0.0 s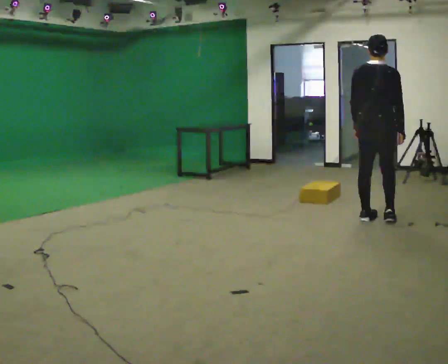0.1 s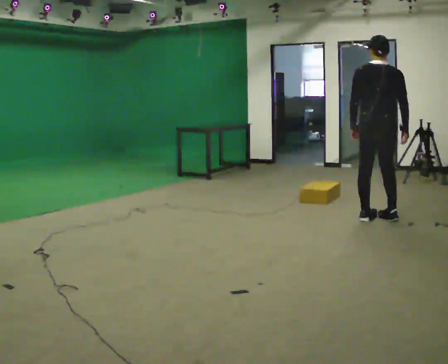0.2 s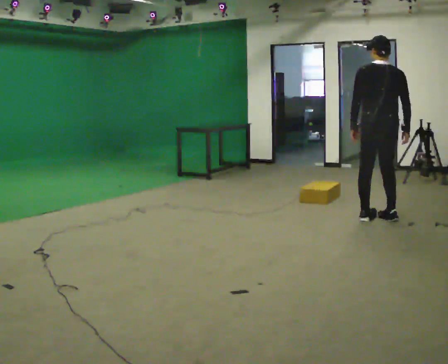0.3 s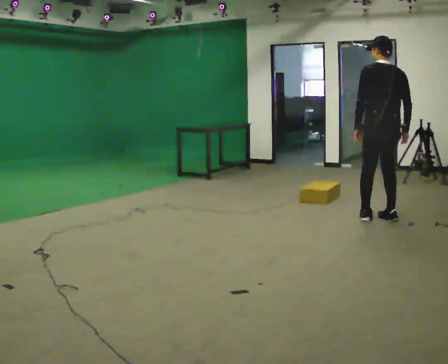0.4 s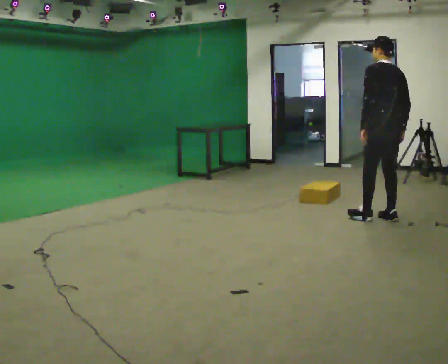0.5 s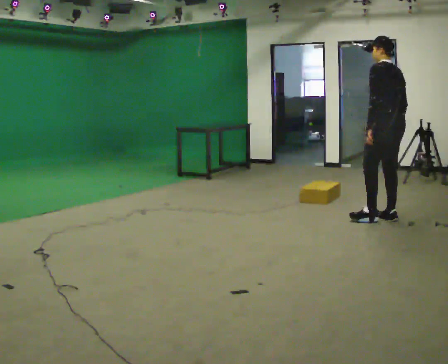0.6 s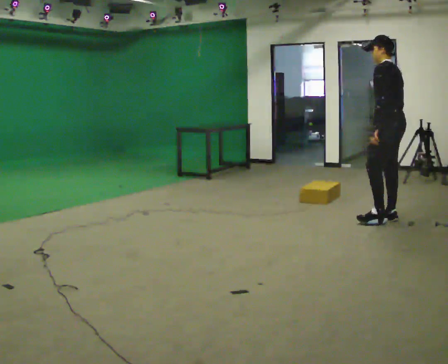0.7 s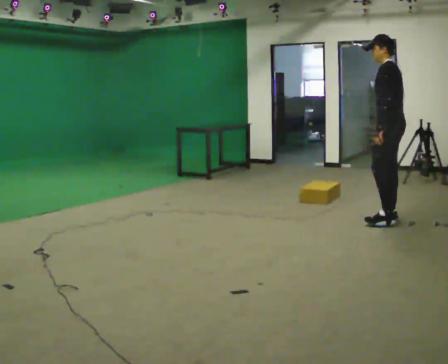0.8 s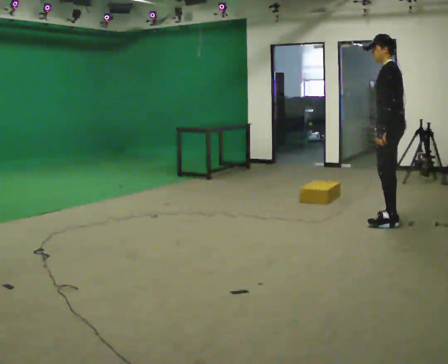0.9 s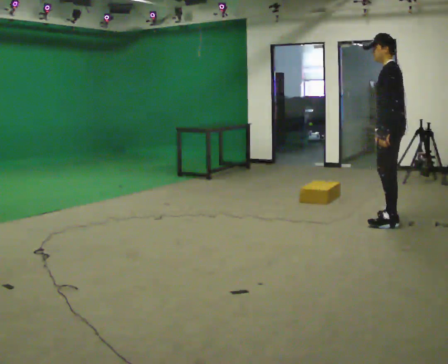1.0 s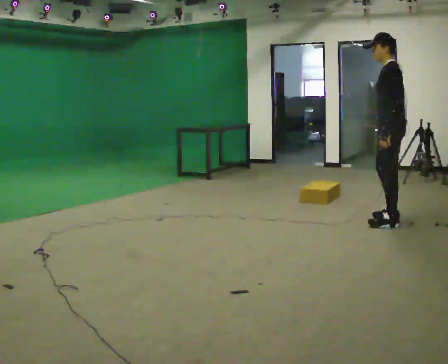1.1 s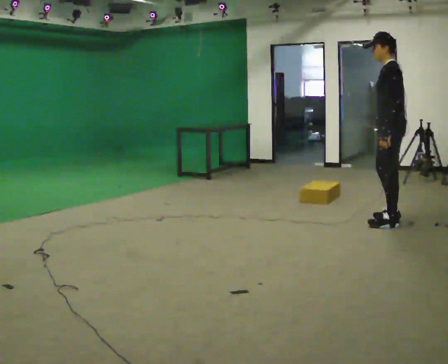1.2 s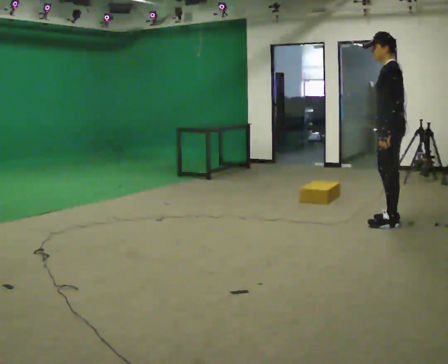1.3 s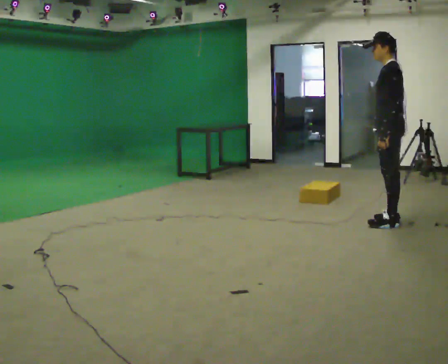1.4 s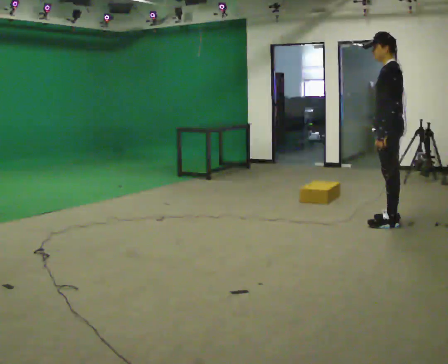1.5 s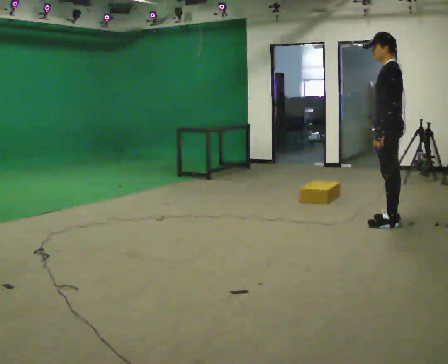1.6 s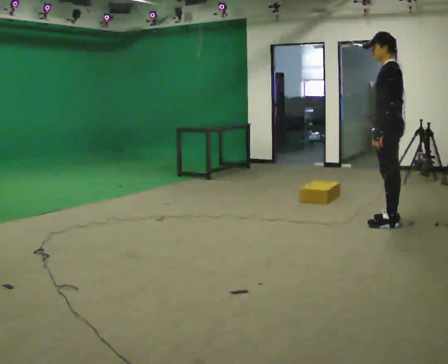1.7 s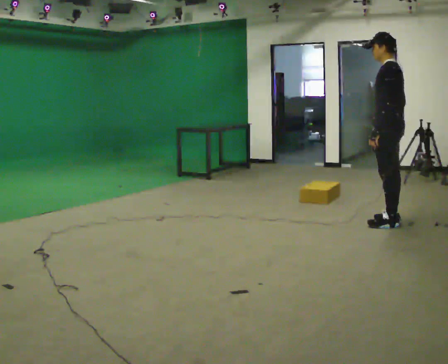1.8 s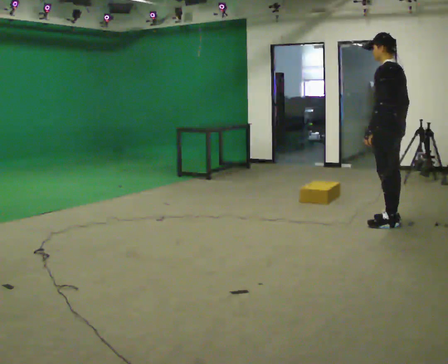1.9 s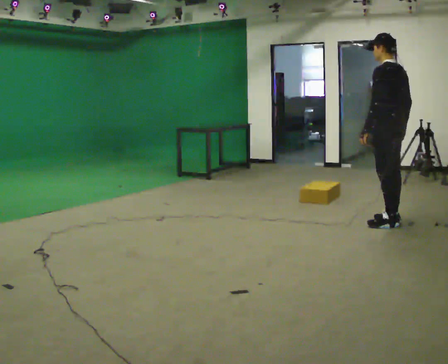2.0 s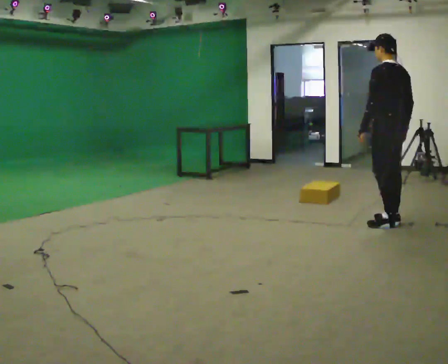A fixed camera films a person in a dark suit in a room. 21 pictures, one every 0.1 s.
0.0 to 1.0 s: Seen from above the body turns counterclockwise, about 105 degrees: to their left, with its near side sliding to the right. In the picture their left hand goes to the right.
1.0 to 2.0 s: The person turns about 45 degrees to their right, clockwise seen from above, so the part of the body nearest the lens slides to the left.
The film runs forward here.
